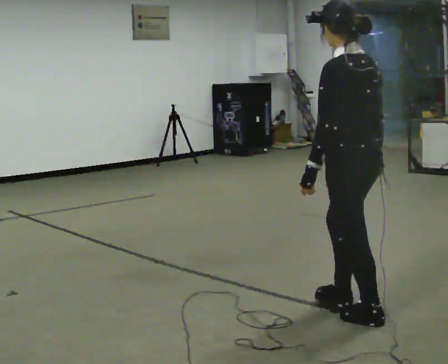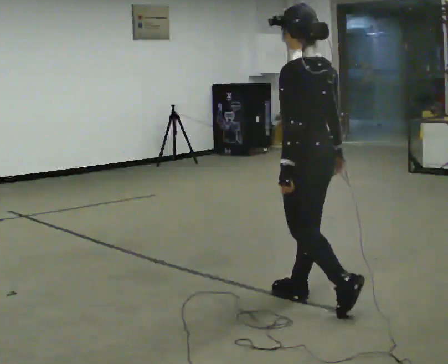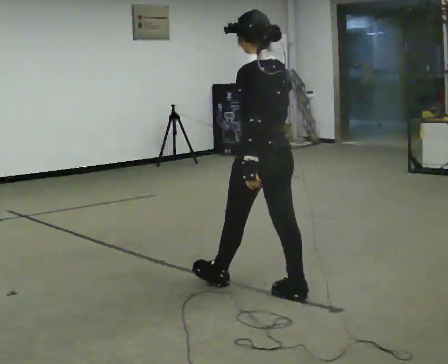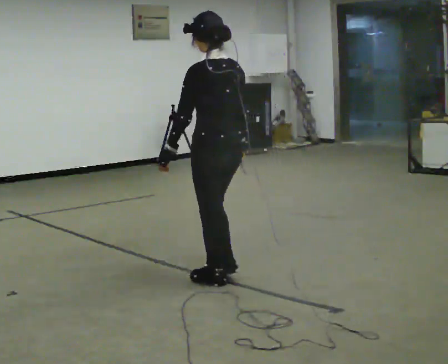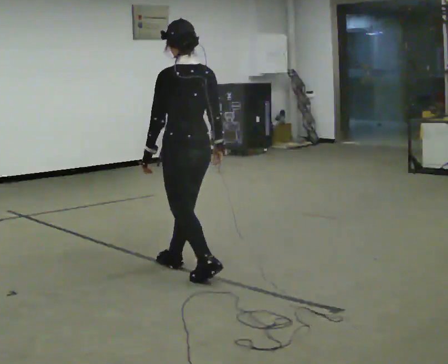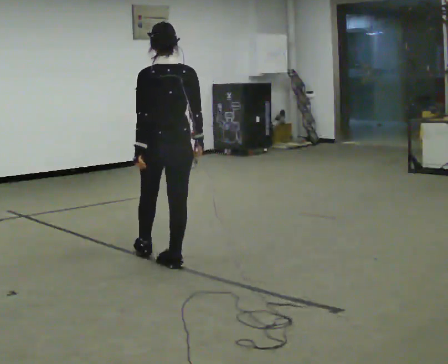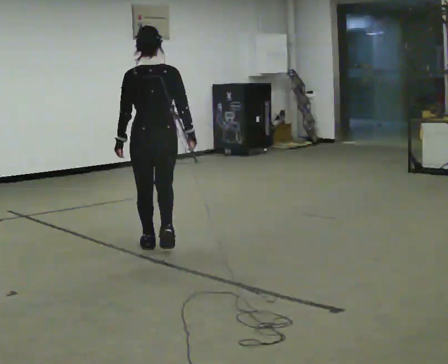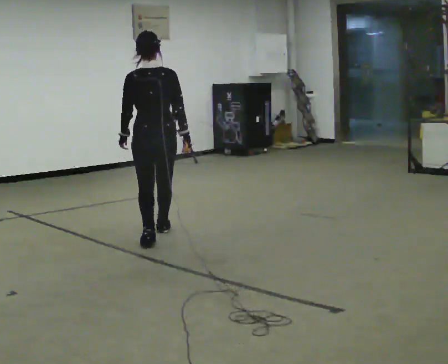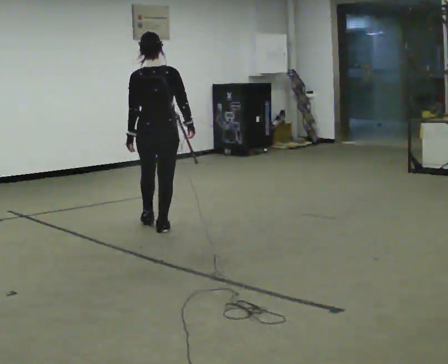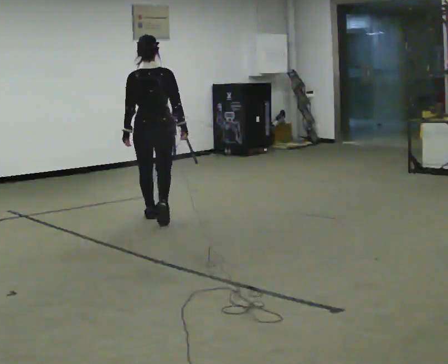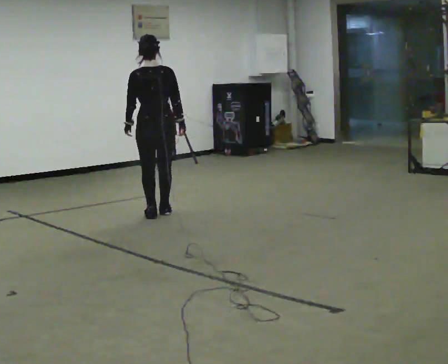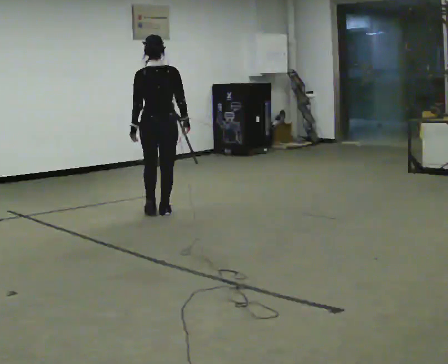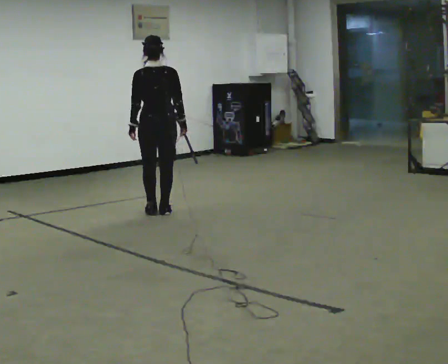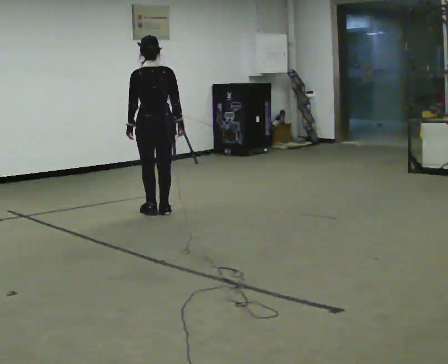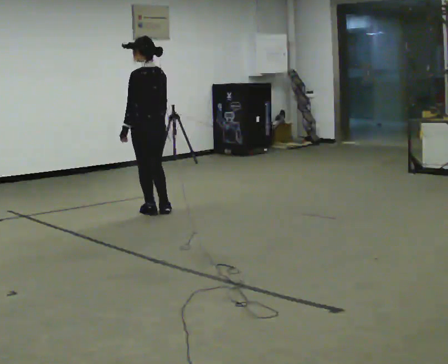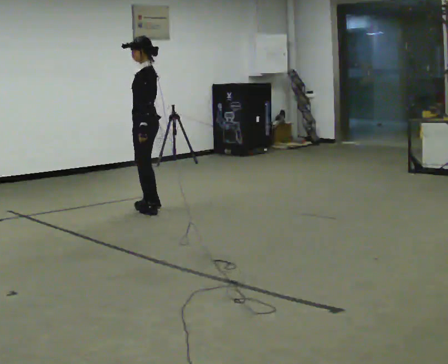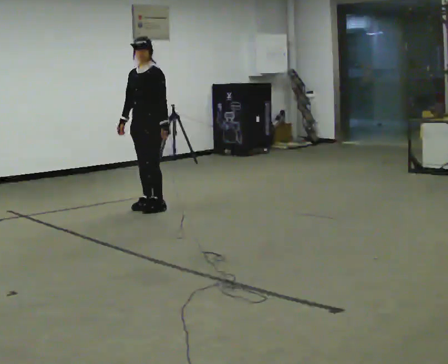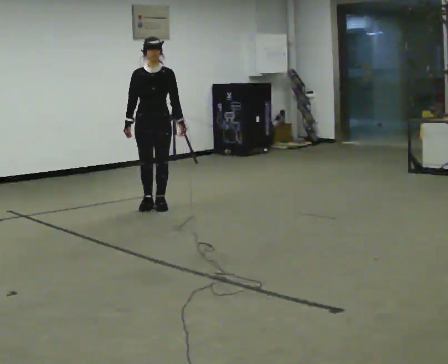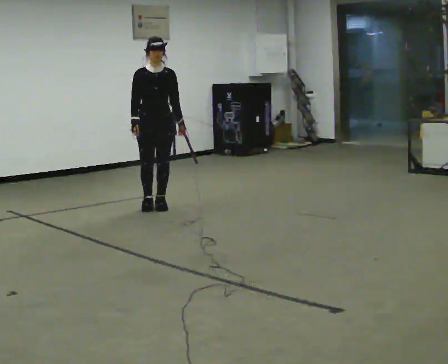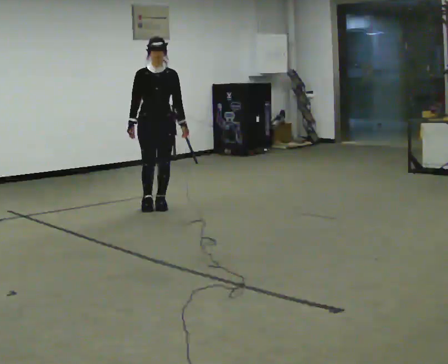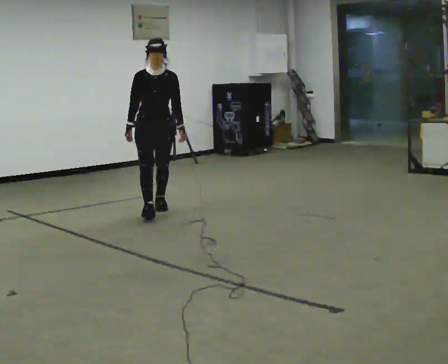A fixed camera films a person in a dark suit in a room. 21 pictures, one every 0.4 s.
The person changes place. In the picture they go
away from the camera.
0.0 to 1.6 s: In the picture they go away from the camera and to the left, about 1.5 m in 3 steps, which for them is forward.
1.6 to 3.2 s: The person turns about 30 degrees to their right, clockwise seen from above, so the part of the body nearest the lens slides to the left. In the picture they go away from the camera, about 1 m in 2 steps, which for them is forward.
3.2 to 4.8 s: In the picture they go away from the camera, about 0.75 m in 3 steps, which for them is forward.
4.8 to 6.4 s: The person turns about 135 degrees to their left, counterclockwise seen from above, so the part of the body nearest the lens slides to the right. In the picture they go away from the camera, about 0.25 m in 1 step. In the picture their right hand goes to the left, the arm swinging clockwise.
6.4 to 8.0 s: The person turns about 45 degrees to their left, counterclockwise seen from above, so the part of the body nearest the lens slides to the right. In the picture they go toward the camera, about 0.25 m in 1 step, which for them is forward.
The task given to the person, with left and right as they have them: Walk straight; at marker turn ~45° while continuing to walk; continue straight.
The film runs forward here.
